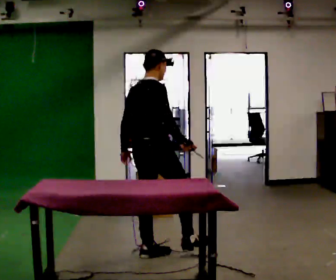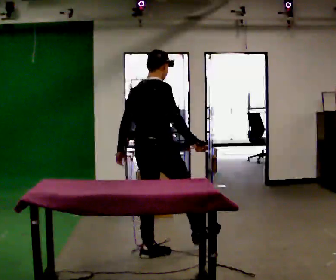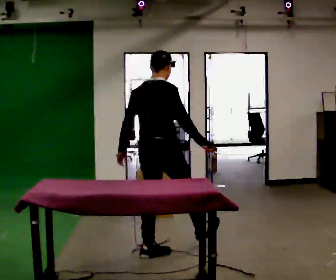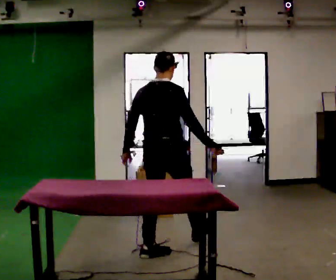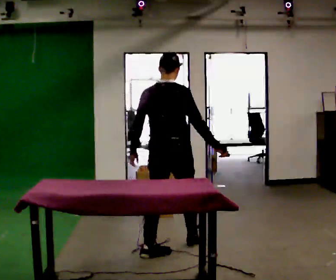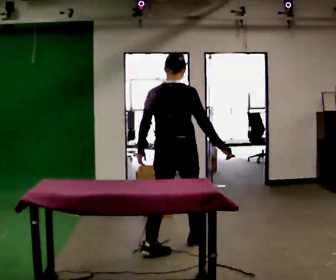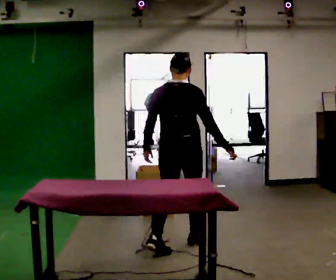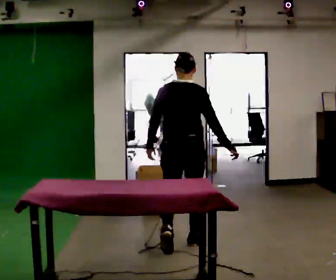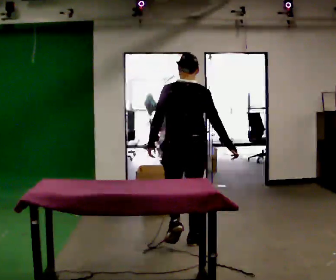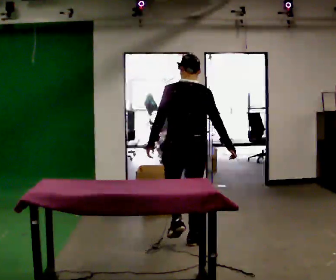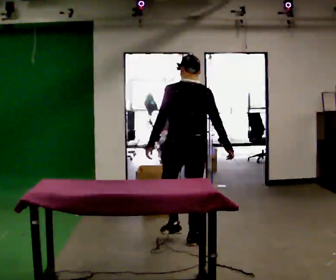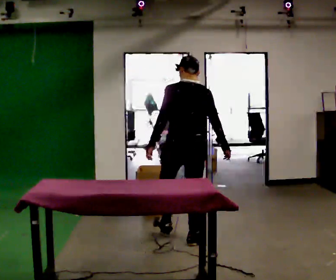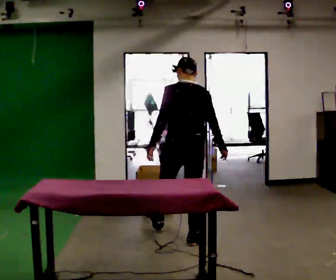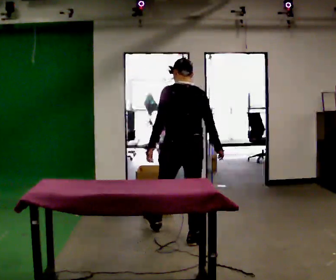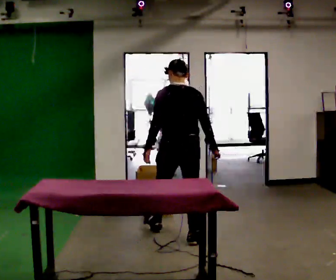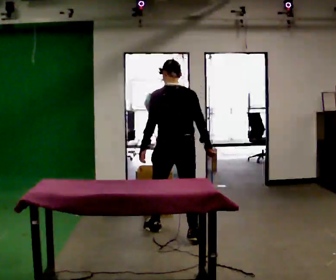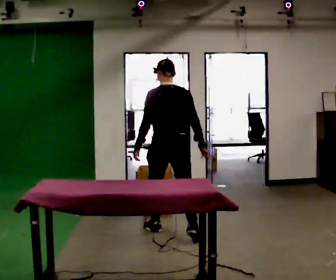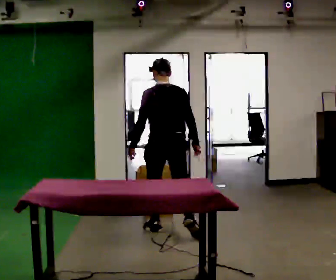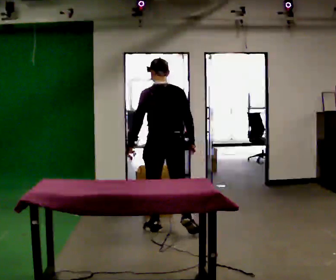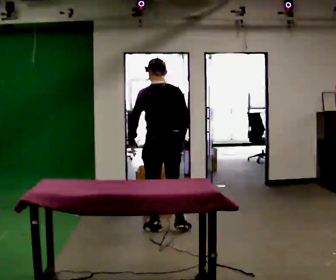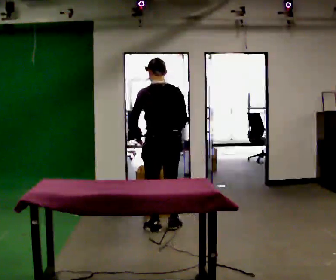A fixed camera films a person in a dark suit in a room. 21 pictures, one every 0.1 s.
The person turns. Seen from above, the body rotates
counterclockwise.
The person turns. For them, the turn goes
to their left.
0.0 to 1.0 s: The part of the body nearest the lens slides to the right as the person turns to their left by about 60 degrees. In the picture they go away from the camera and to the right, about 0.5 m in 1 step, which for them is forward and to their right.
1.0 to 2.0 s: In the picture they go away from the camera and to the left, about 0.5 m in 1 step, which for them is forward.
The film runs forward here.
